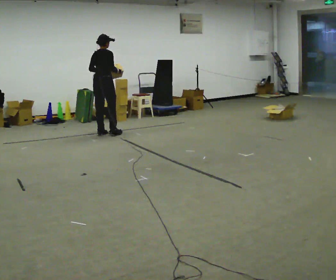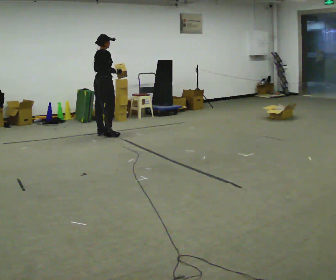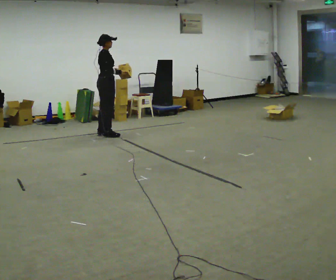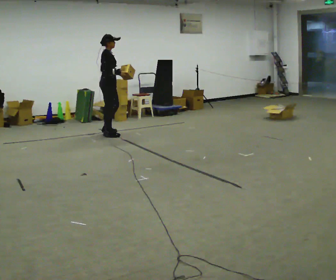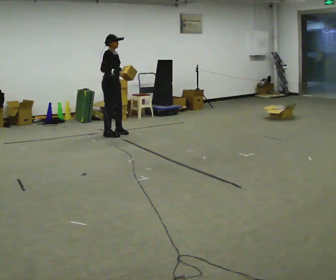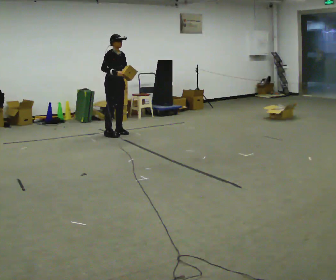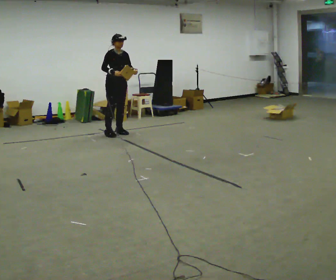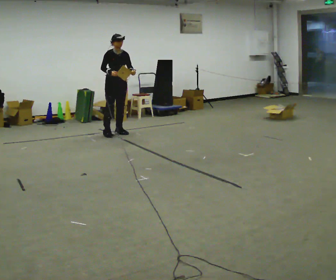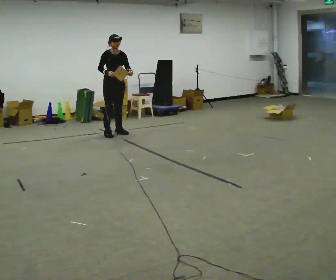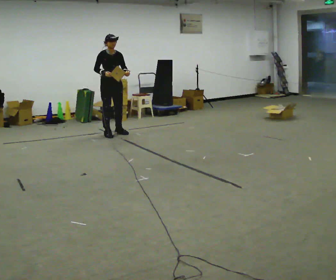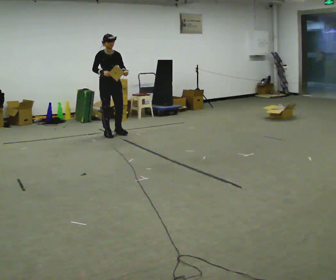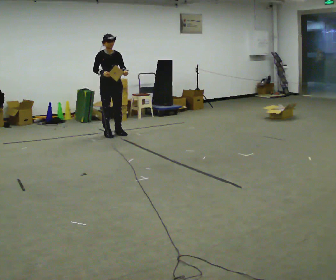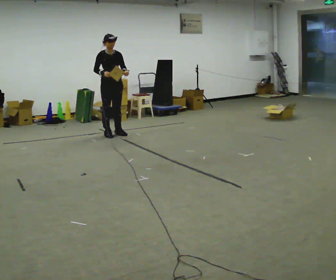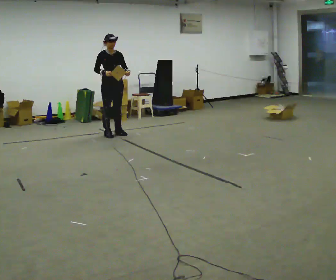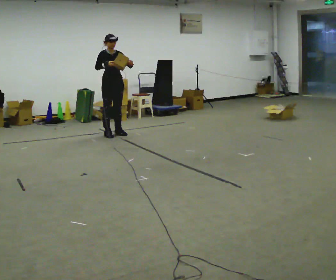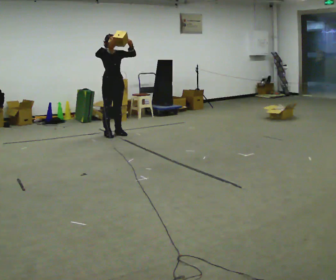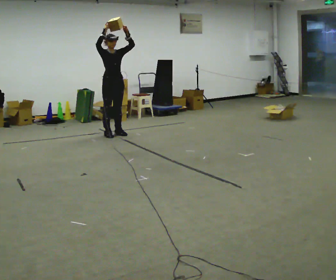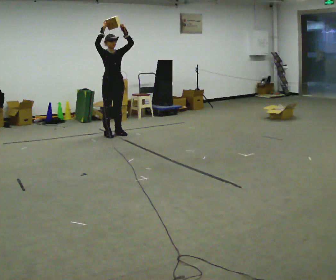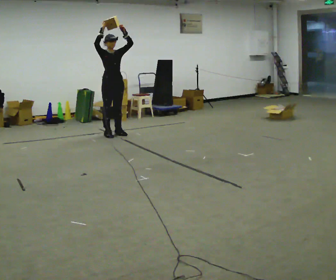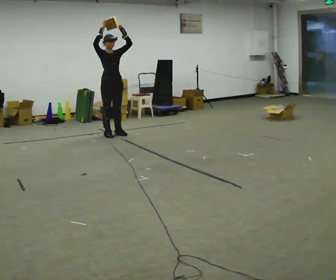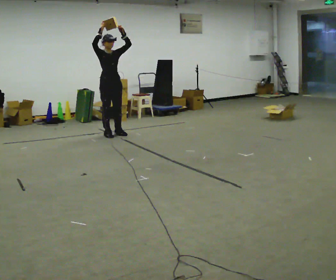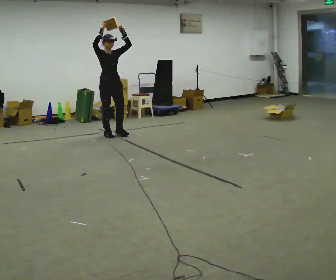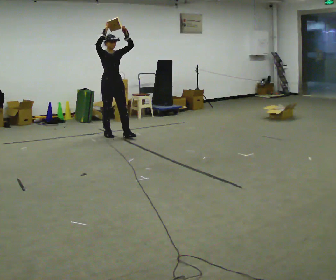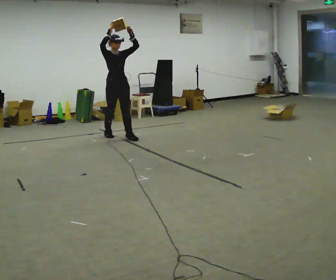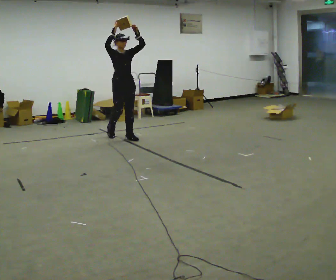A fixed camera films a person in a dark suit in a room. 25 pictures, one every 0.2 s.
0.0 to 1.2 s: Seen from above the body turns clockwise, about 105 degrees: to their right, with its near side sliding to the left. In the picture they go to the right, about 0.25 m in 2 steps. In the picture their left hand goes to the right.
1.2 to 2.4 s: The person moves a little, or ends about where they began.
2.4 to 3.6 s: In the picture their right hand goes upward.
3.6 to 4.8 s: In the picture they go toward the camera and to the right, about 0.25 m in 1 step, which for them is forward.
The film runs forward here.
